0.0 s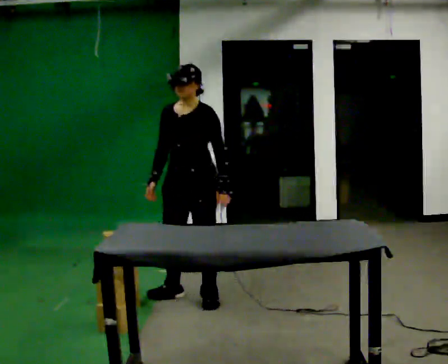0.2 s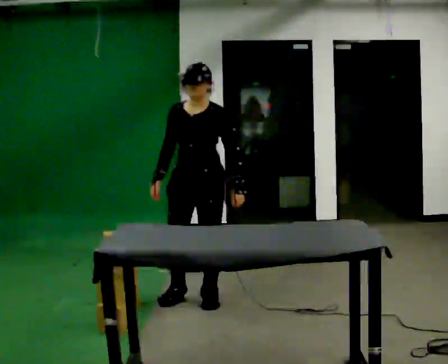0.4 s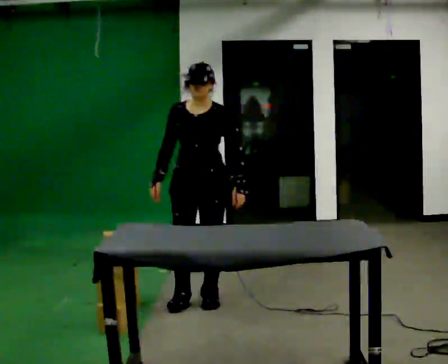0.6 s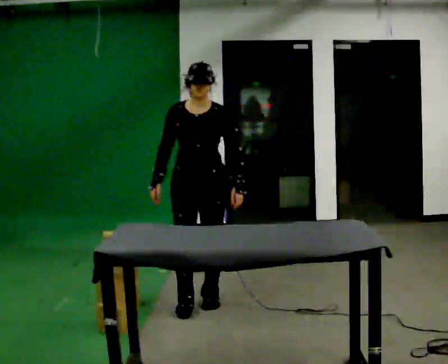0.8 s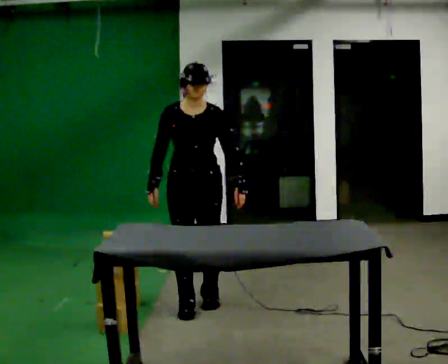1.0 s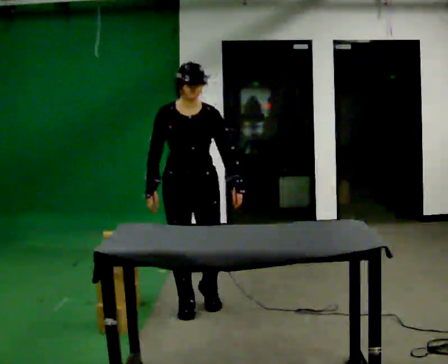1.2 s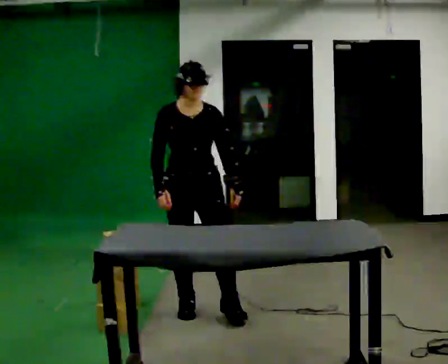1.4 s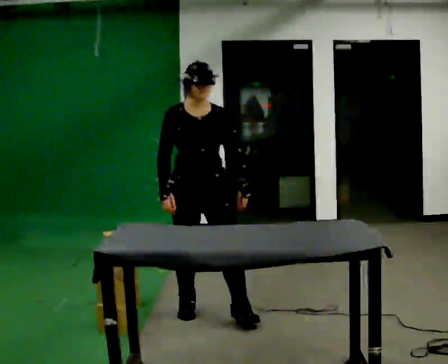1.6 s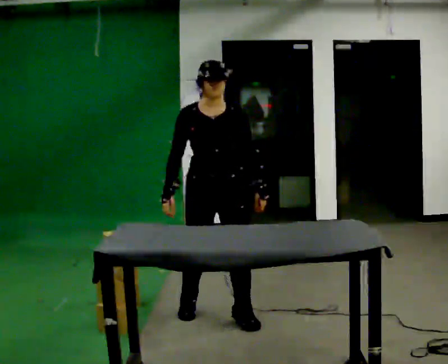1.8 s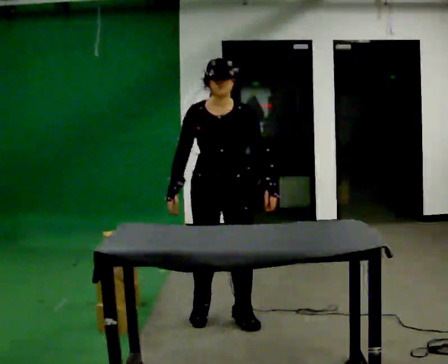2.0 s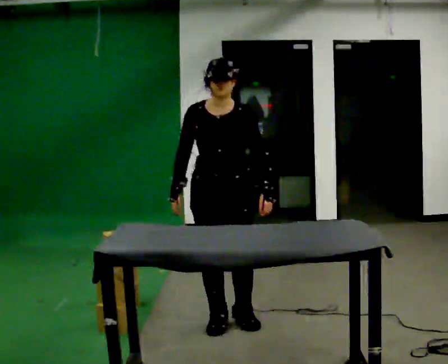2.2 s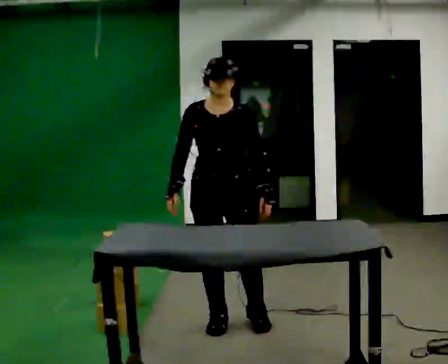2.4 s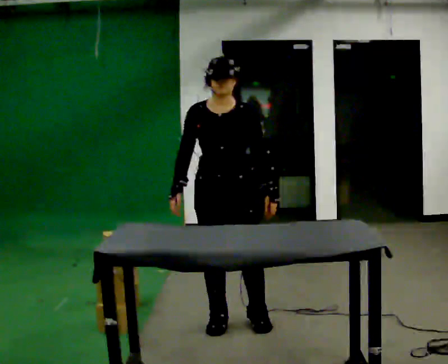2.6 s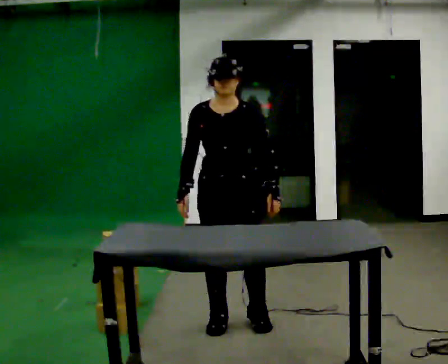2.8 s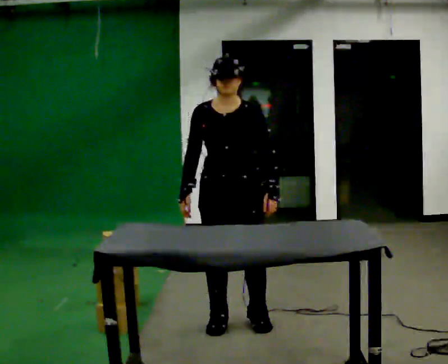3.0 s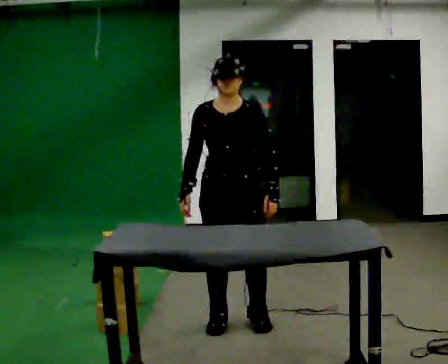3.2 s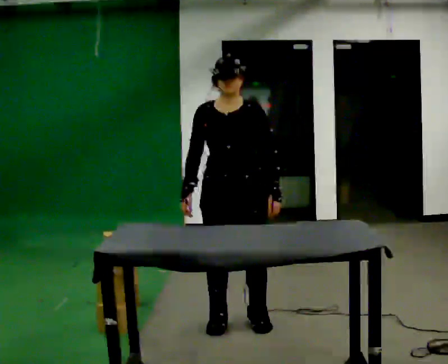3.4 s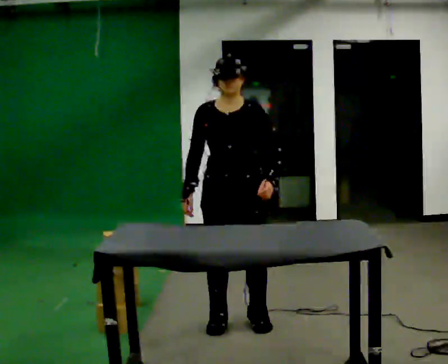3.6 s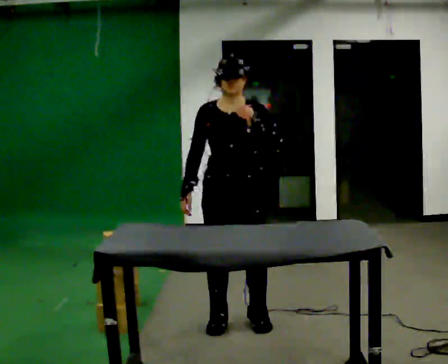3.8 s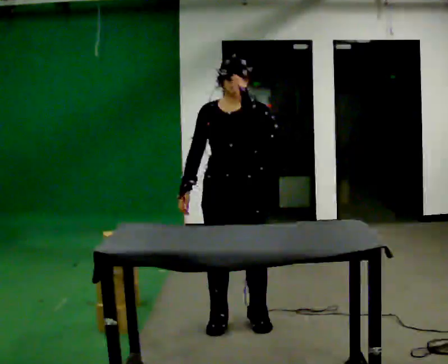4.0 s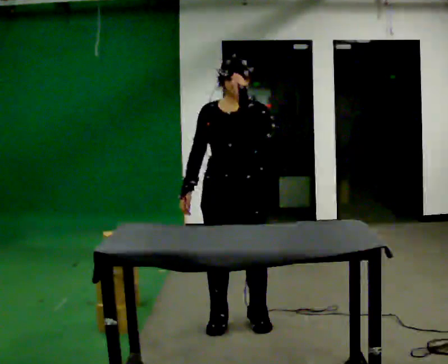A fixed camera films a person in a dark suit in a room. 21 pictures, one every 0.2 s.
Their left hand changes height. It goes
upward.
0.0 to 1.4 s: The part of the body nearest the lens slides to the right as the person turns to their left by about 45 degrees. In the picture they go toward the camera, about 0.25 m in 2 steps, which for them is forward.
1.4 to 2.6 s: In the picture they go toward the camera, about 0.25 m in 1 step, which for them is forward and to their left.
2.6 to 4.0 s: In the picture their left hand goes upward.
The film runs forward here.
